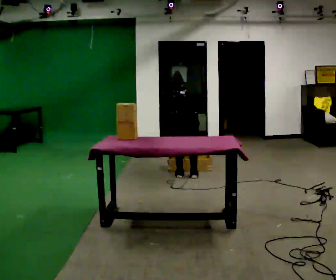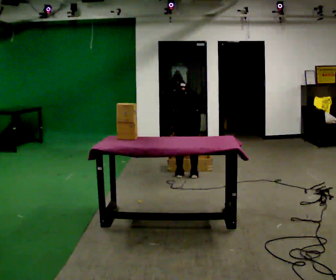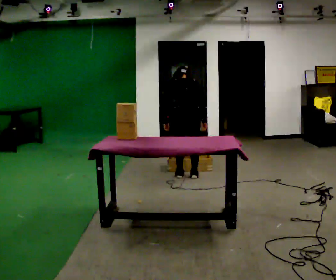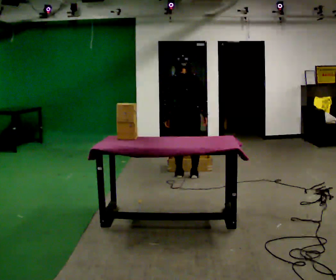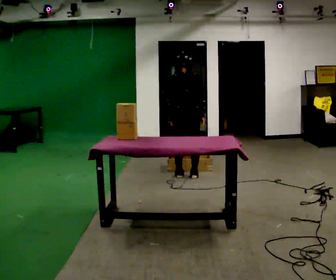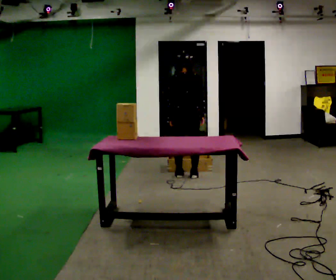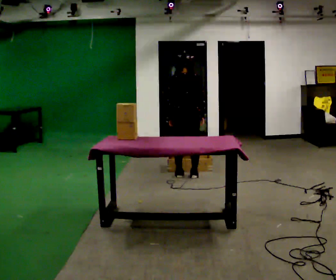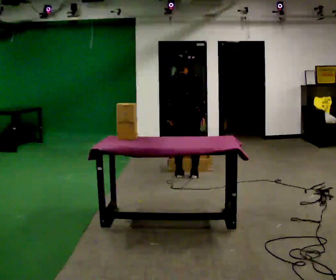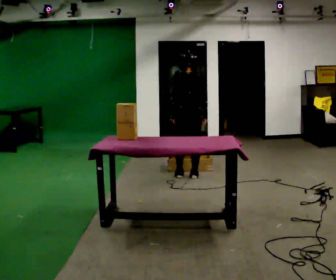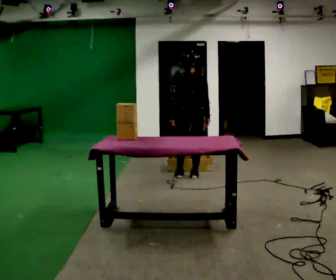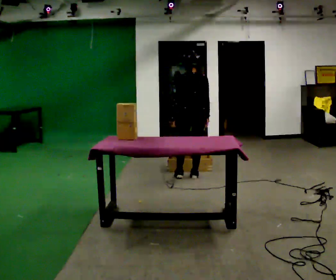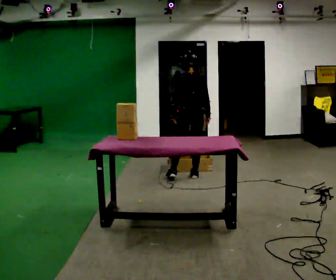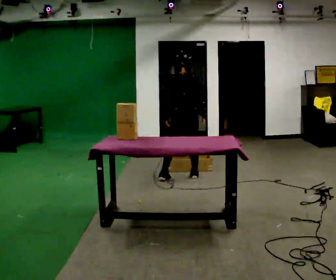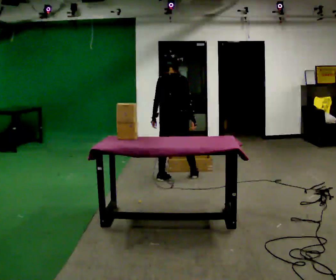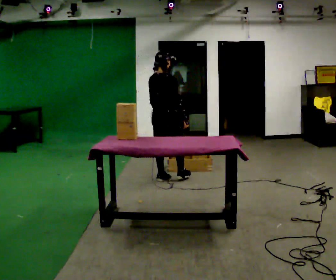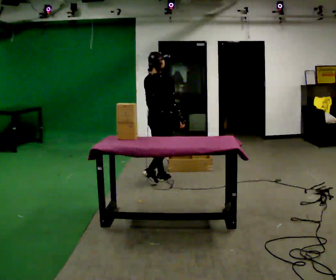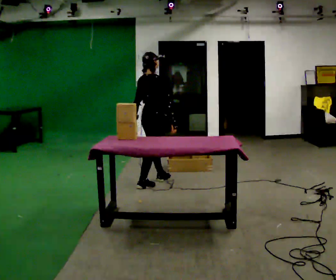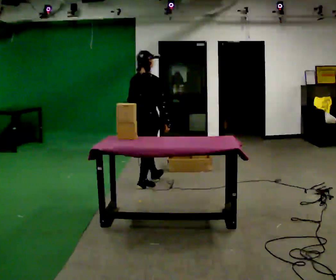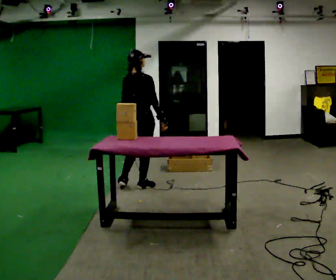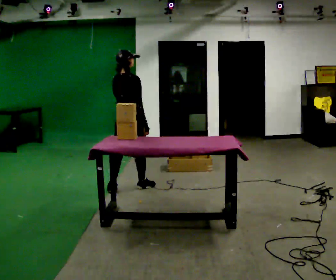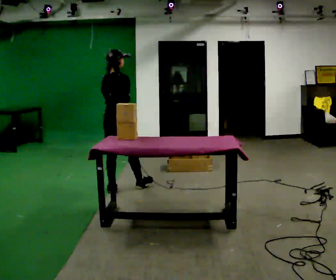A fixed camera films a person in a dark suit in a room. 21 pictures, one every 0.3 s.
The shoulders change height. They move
upward.
0.0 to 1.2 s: The shoulders move upward. The upper body tips toward the camera, its near side rolling downward, as they lean back or straighten. In the picture their right hand goes upward.
1.2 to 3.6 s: The person moves a little, or ends about where they began.
3.6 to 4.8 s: The part of the body nearest the lens slides to the left as the person turns to their right by about 45 degrees. In the picture they go to the left and toward the camera, about 0.5 m in 1 step, which for them is backward.
4.8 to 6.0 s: In the picture they go toward the camera and to the left, about 0.5 m in 1 step, which for them is backward.
The film runs backward here.
